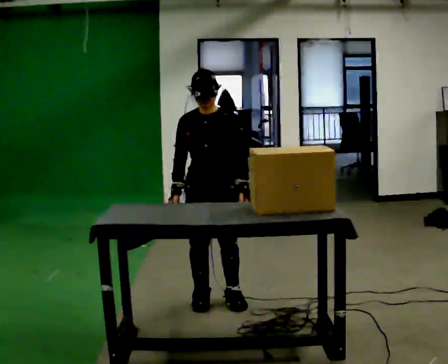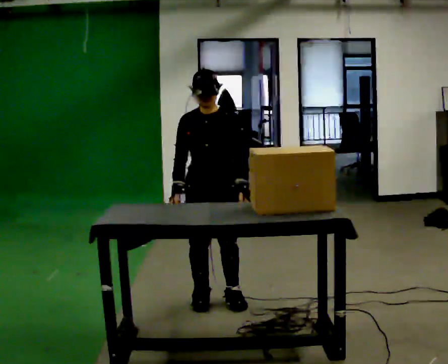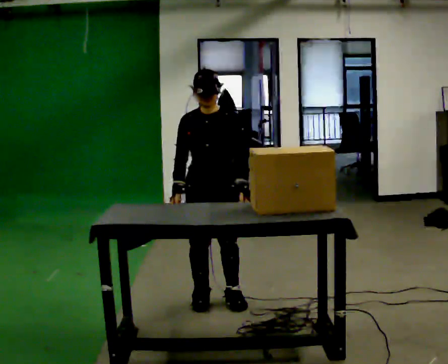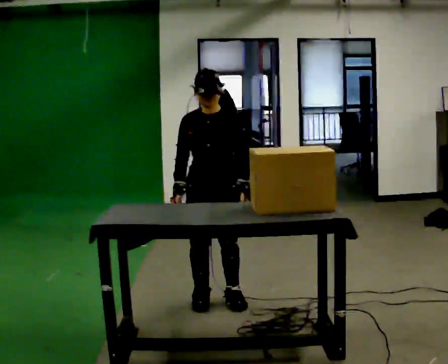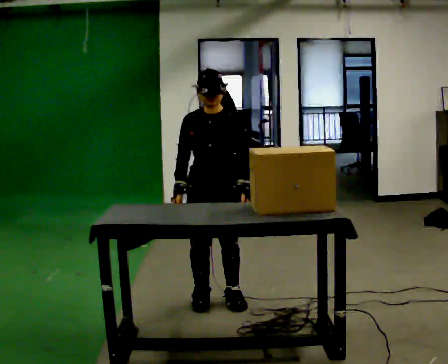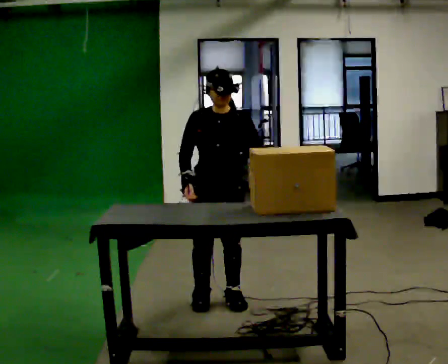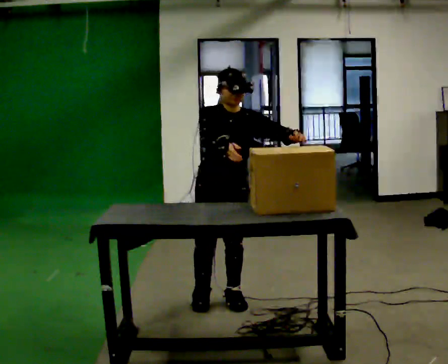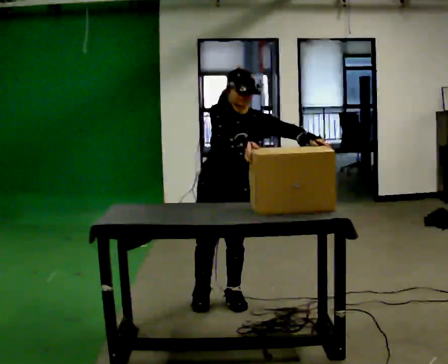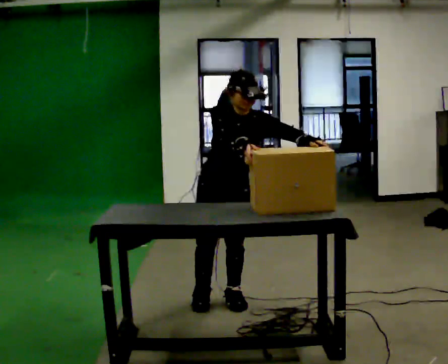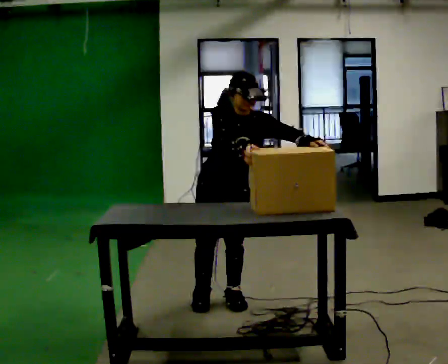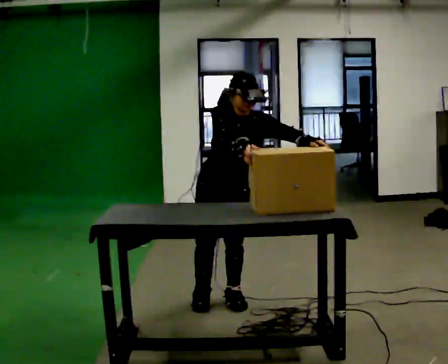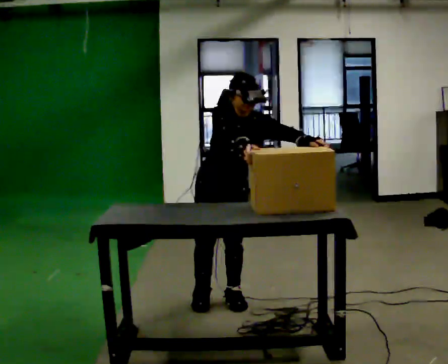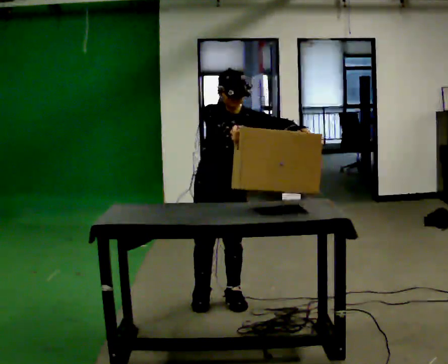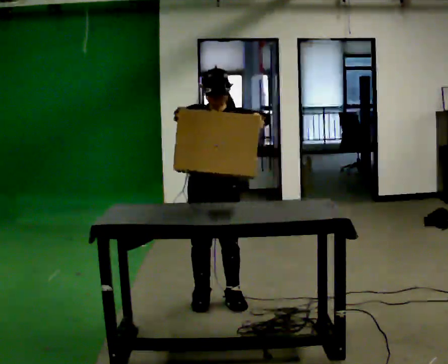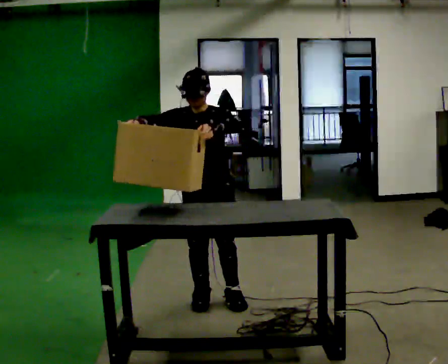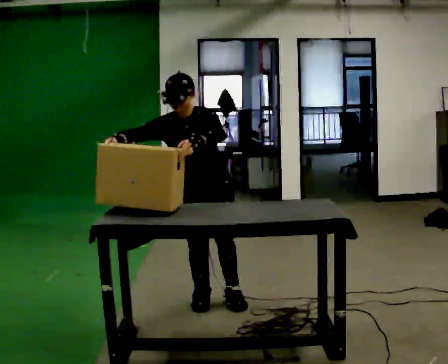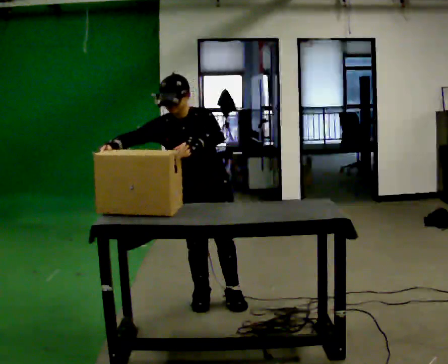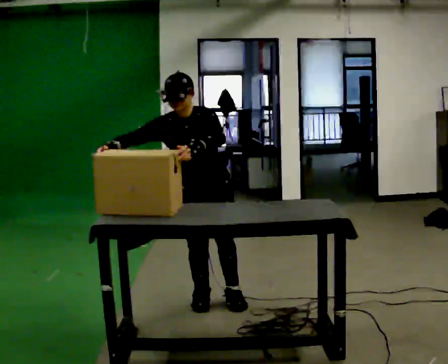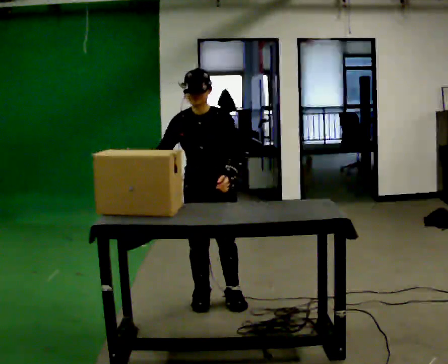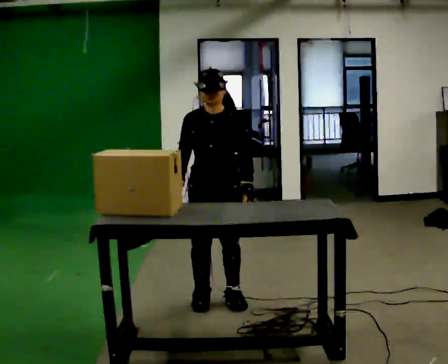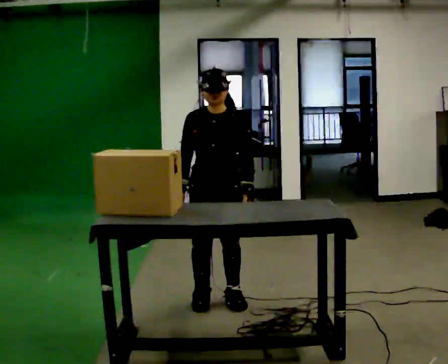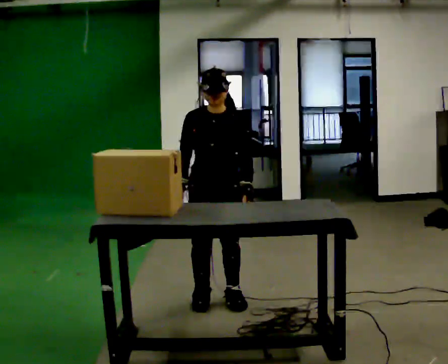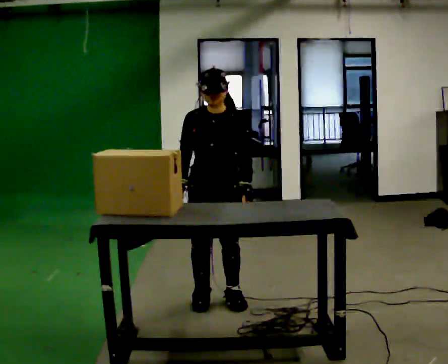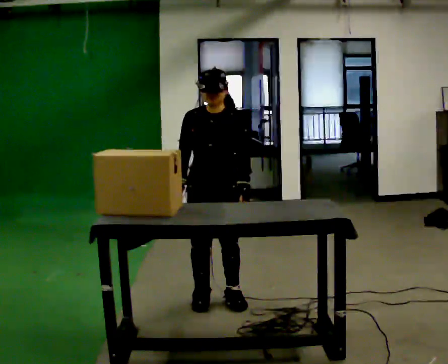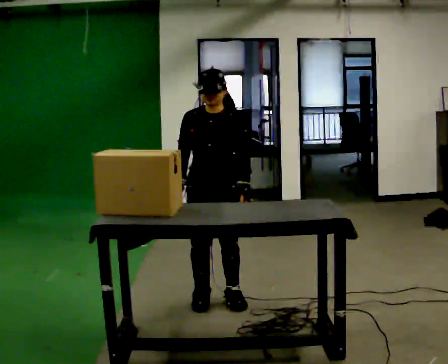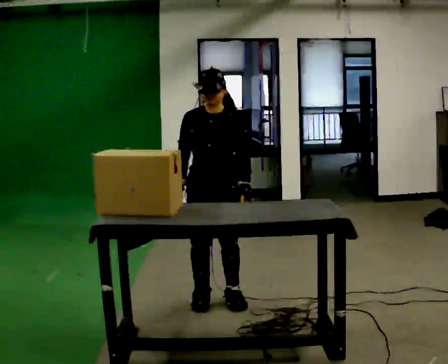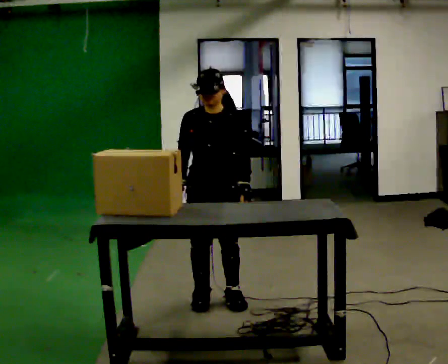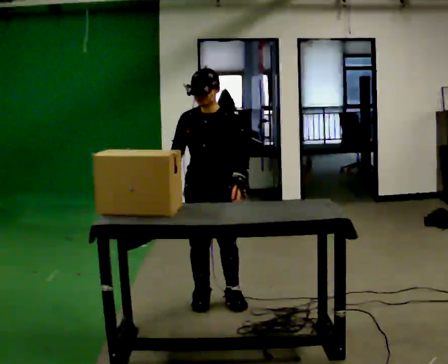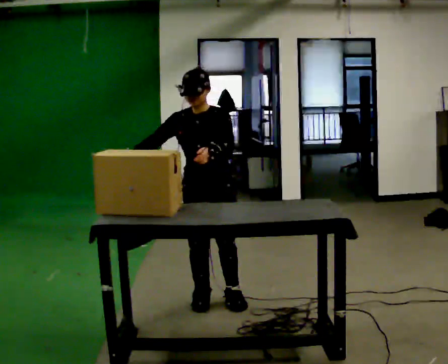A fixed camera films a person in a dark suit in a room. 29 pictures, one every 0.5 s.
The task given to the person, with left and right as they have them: Lift the heavy object with both hands and set it down again in a different spot on the same surface. Repeat at your own pace until the operator says stop. Keep both feet on the marked spots for the whole take. If you have to step, stop and tell the operator.
0.0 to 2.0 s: The person keeps their place and pose.
2.0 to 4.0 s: In the picture their right hand goes to the right.
4.0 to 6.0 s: The person moves a little, or ends about where they began.
6.0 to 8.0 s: In the picture the upper body tilts counterclockwise, shoulders to the left. In the picture their right hand goes to the left.
8.0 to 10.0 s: In the picture the upper body tilts clockwise, shoulders to the right. In the picture their left hand goes to the right and downward.
10.0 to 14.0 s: The person moves a little, or ends about where they began.
The film runs forward here.
